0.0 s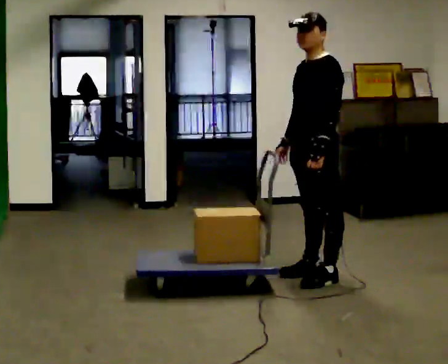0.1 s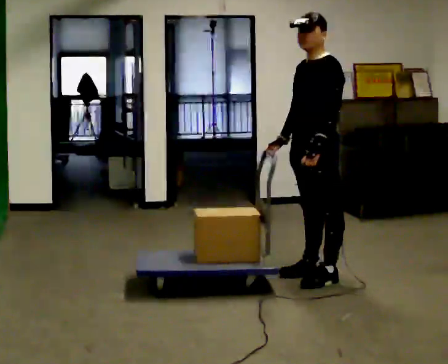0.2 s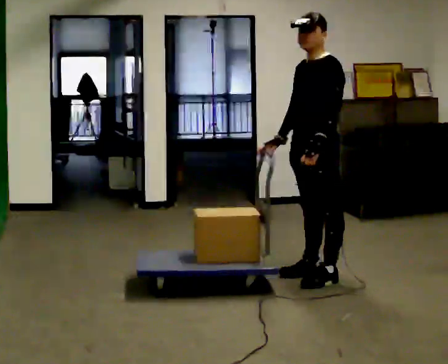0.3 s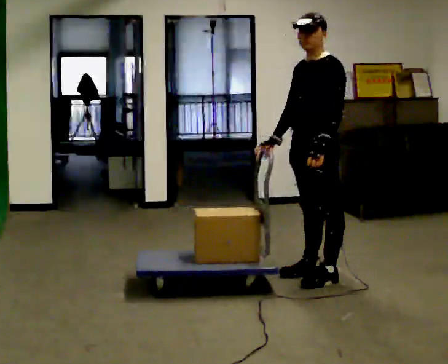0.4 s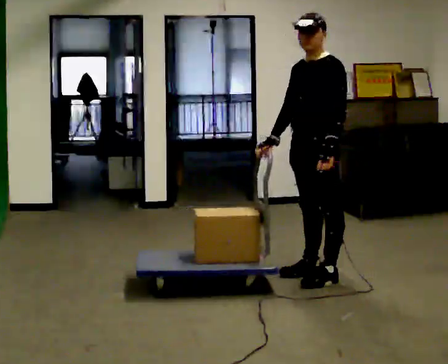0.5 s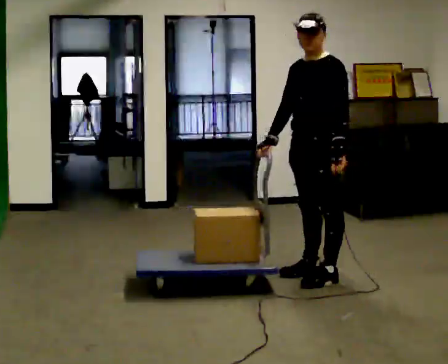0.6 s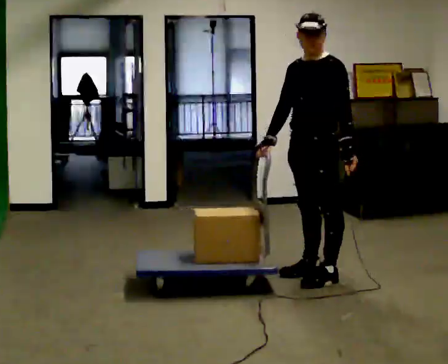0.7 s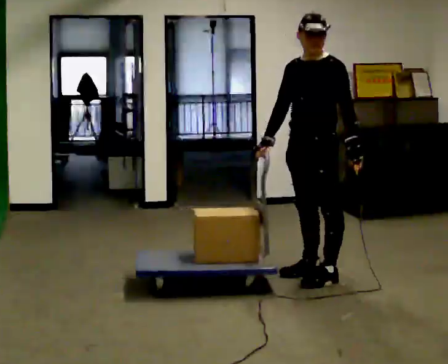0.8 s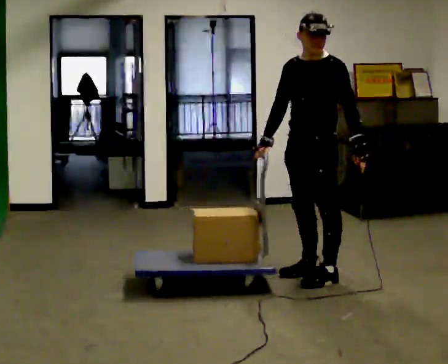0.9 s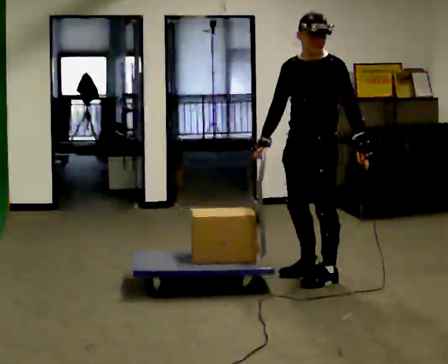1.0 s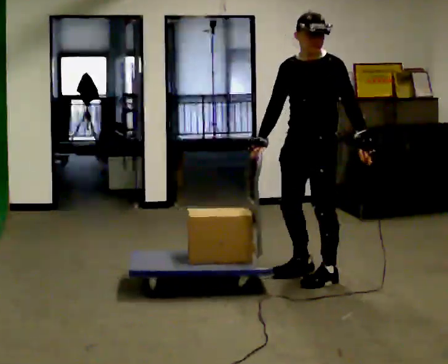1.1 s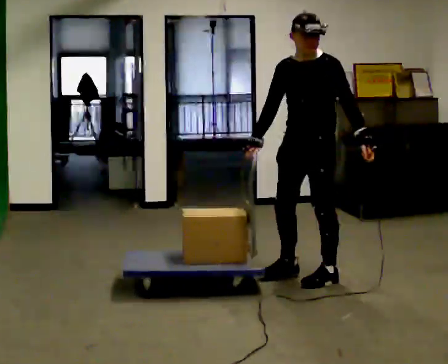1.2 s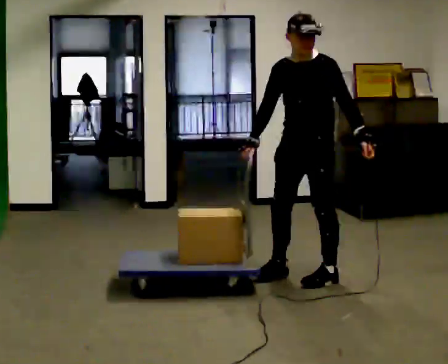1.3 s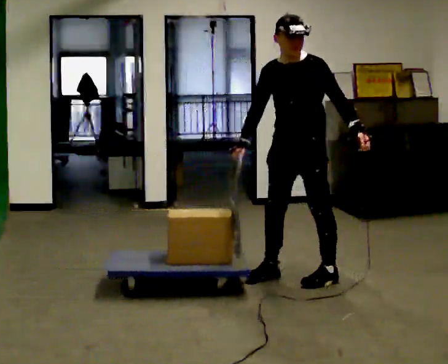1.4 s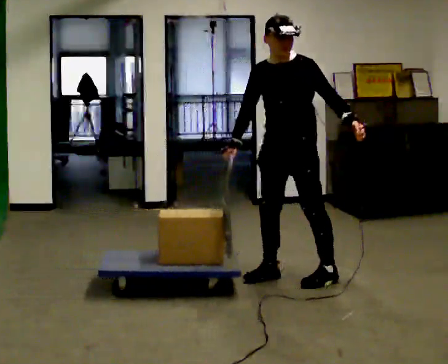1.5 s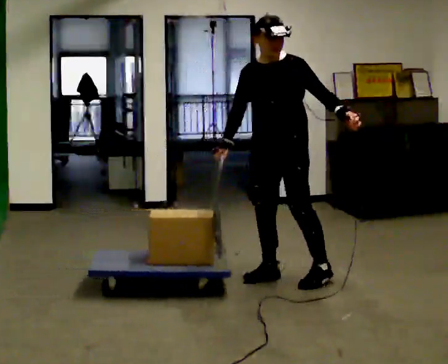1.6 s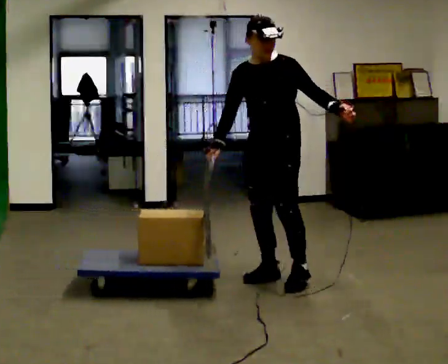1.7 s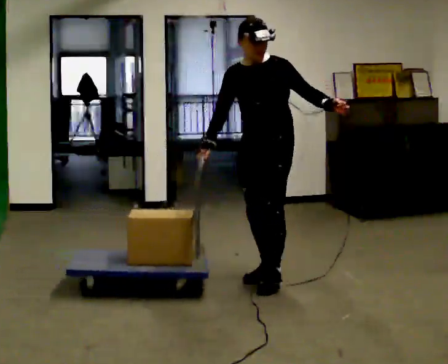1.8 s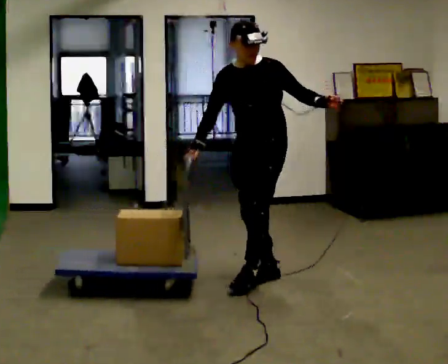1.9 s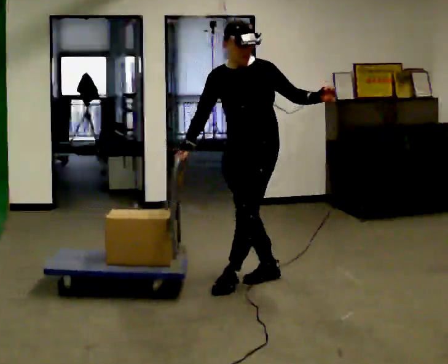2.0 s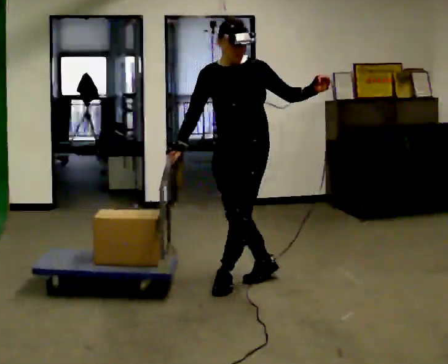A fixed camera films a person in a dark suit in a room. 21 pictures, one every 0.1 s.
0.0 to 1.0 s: The person moves a little, or ends about where they began.
1.0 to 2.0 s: In the picture they go to the left, about 0.5 m in 1 step, which for them is to their right and forward. In the picture their left hand goes upward, the arm swinging counterclockwise.
The film runs backward here.
